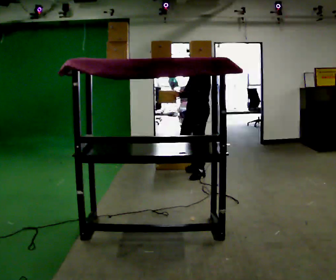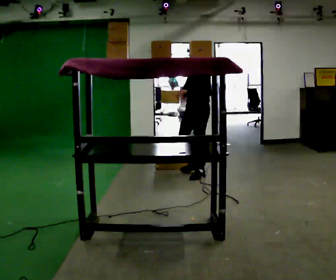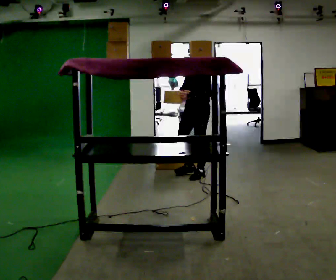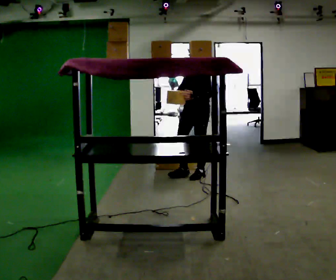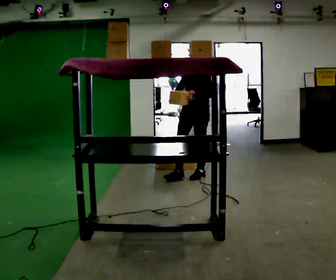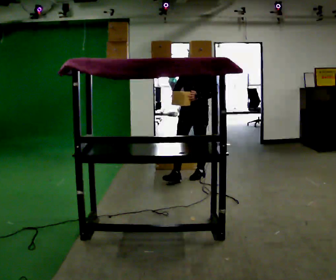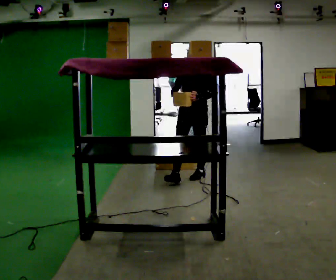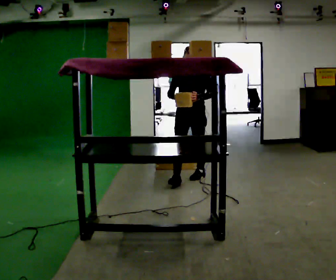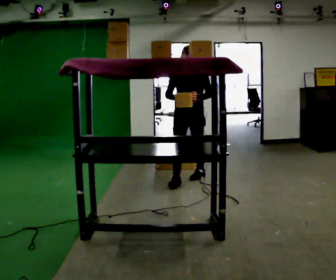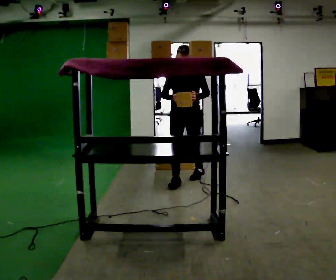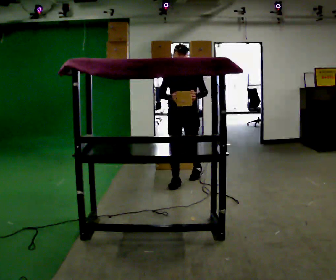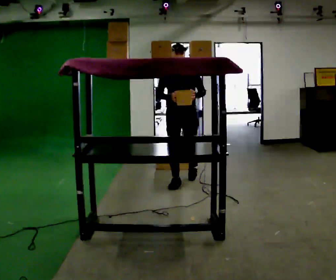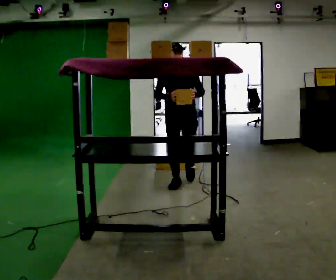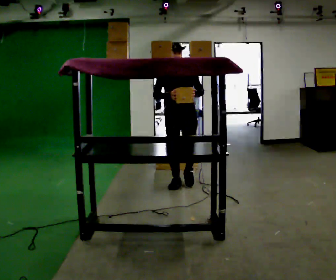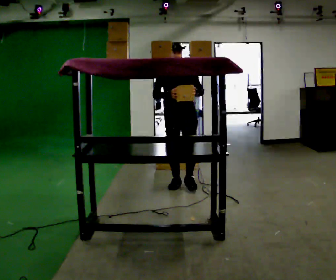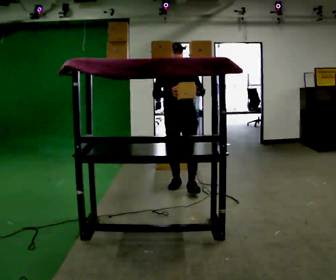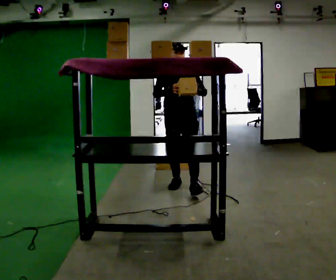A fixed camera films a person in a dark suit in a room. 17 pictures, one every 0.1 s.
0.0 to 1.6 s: The part of the body nearest the lens slides to the right as the person turns to their left by about 60 degrees. In the picture they go toward the camera and to the left, about 0.5 m in 1 step.
The film runs forward here.
